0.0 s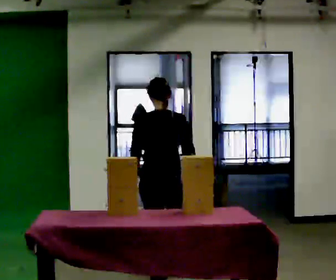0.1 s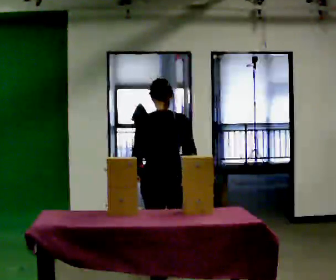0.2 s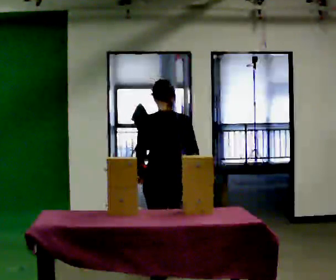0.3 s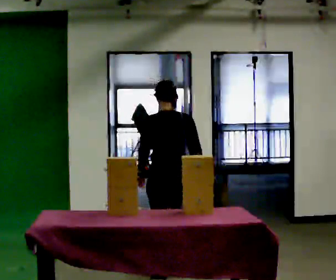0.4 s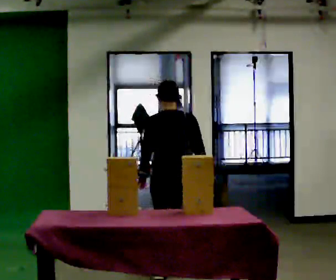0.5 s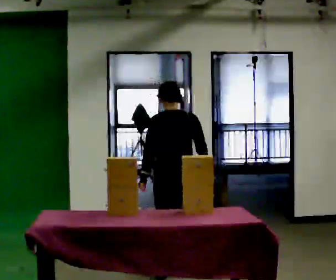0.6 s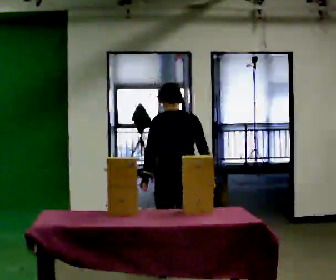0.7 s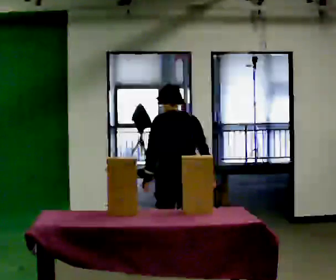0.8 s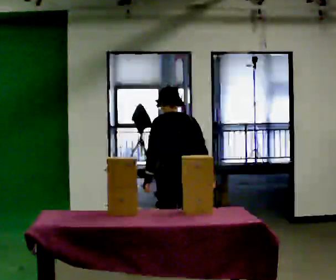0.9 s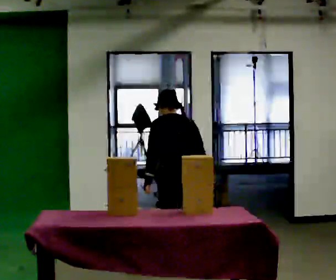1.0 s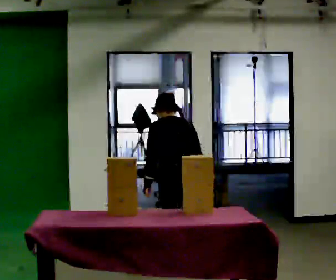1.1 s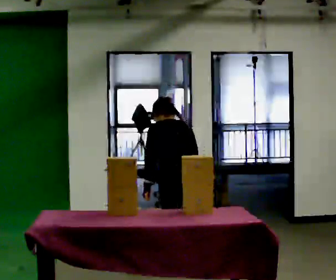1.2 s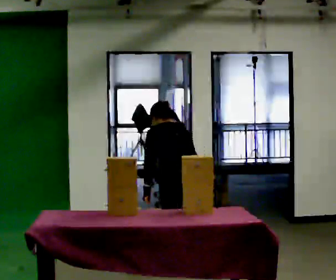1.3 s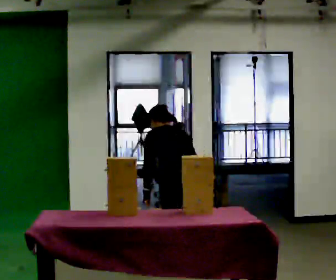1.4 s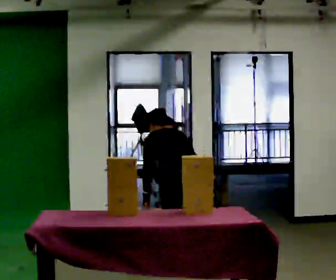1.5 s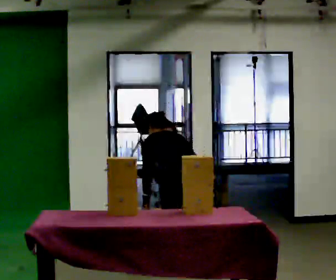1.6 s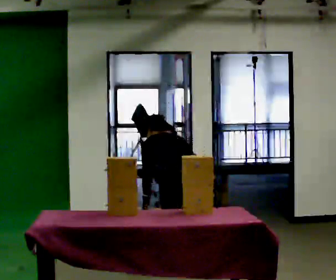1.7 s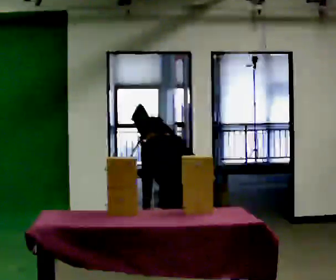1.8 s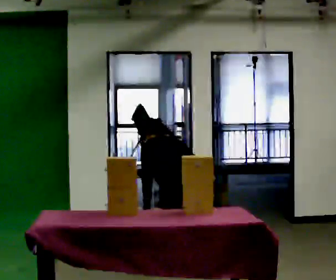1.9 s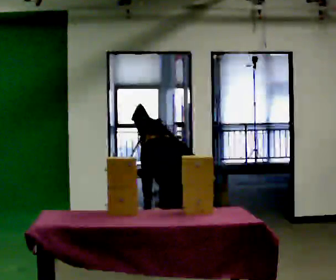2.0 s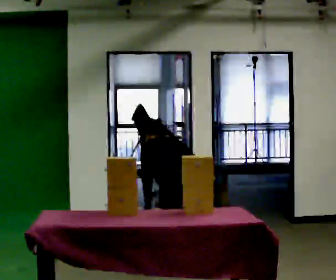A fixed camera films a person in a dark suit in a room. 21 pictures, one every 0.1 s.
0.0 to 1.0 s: The person turns about 30 degrees to their left, counterclockwise seen from above, so the part of the body nearest the lens slides to the right. In the picture they go away from the camera and to the right, about 0.25 m in 2 steps, which for them is to their right and forward. The upper body tips away from the camera, its near side rolling upward, as they bend forward.
1.0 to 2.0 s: The upper body goes downward. The upper body tips away from the camera, its near side rolling upward, as they bend forward.
The film runs forward here.
